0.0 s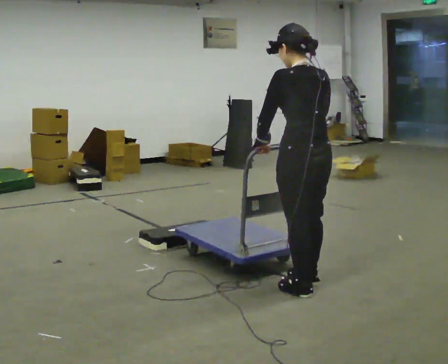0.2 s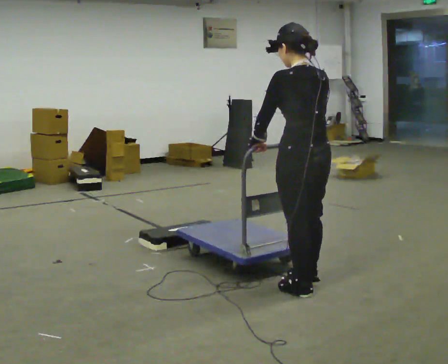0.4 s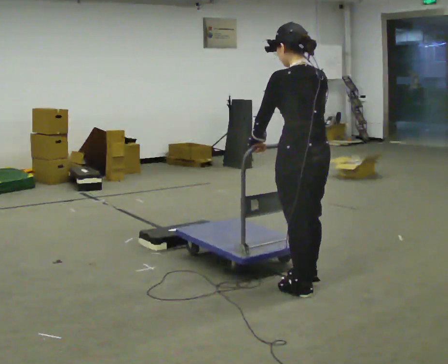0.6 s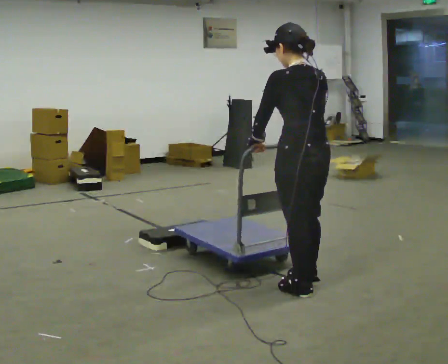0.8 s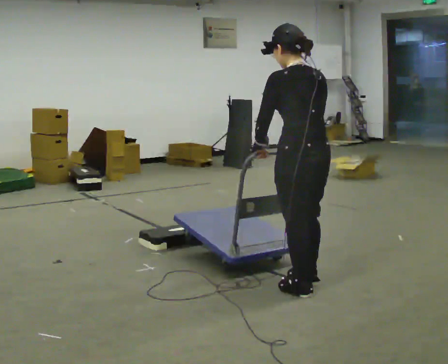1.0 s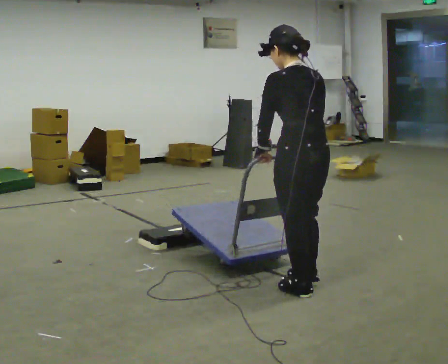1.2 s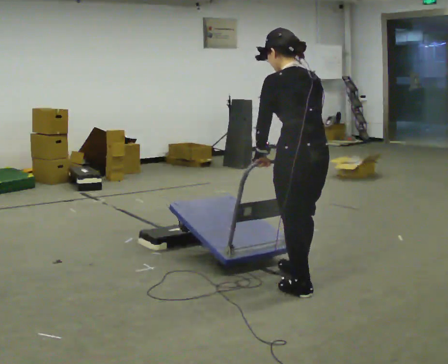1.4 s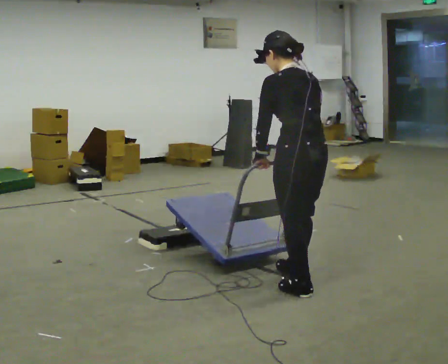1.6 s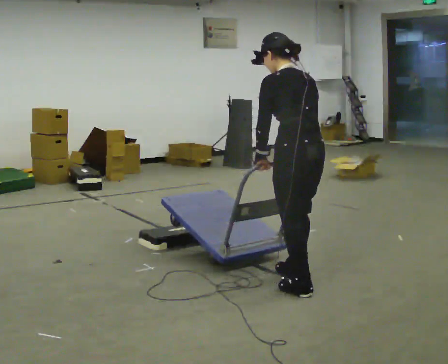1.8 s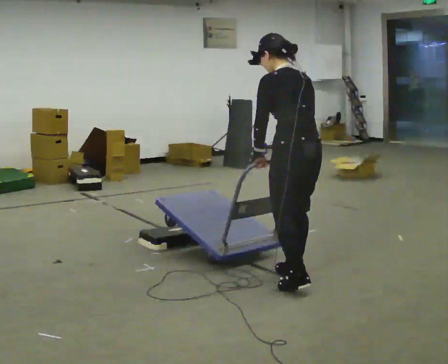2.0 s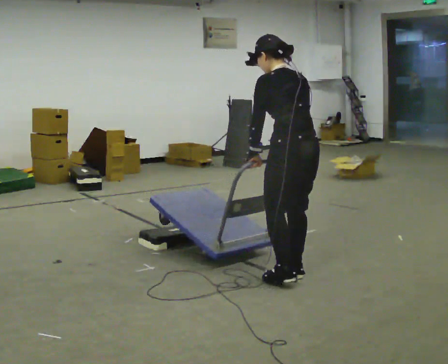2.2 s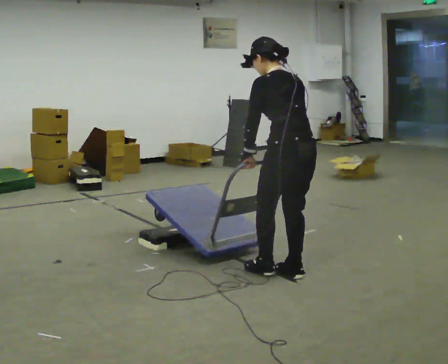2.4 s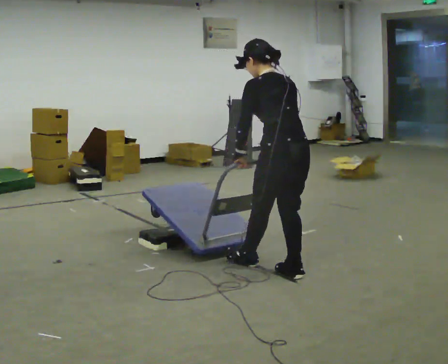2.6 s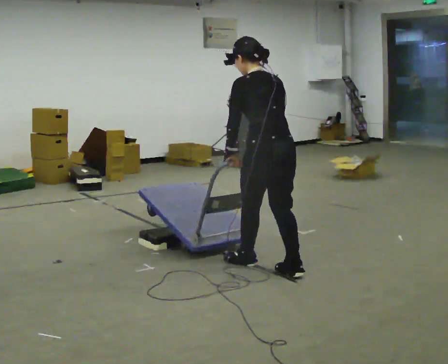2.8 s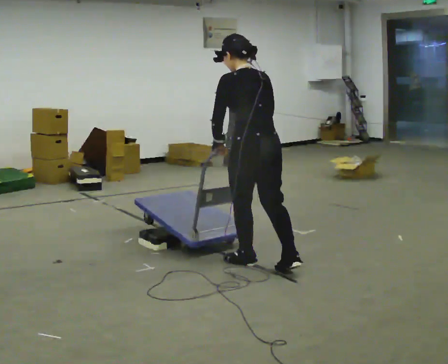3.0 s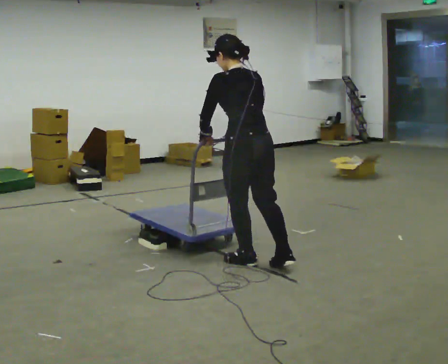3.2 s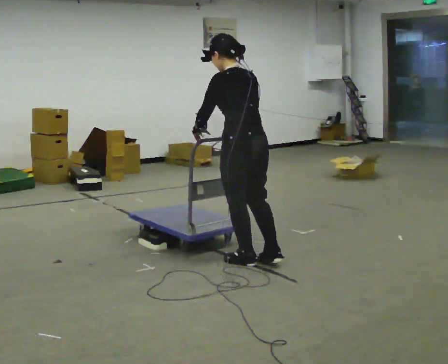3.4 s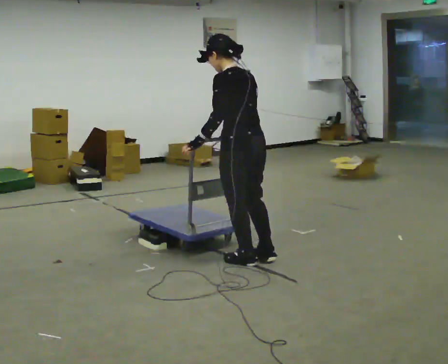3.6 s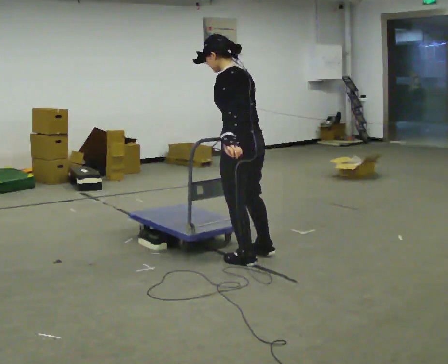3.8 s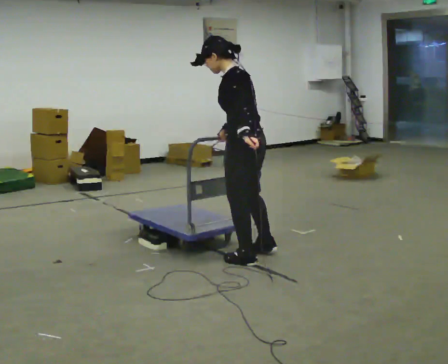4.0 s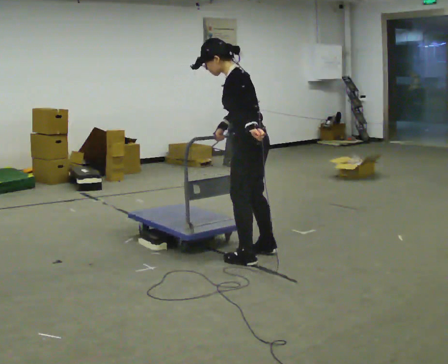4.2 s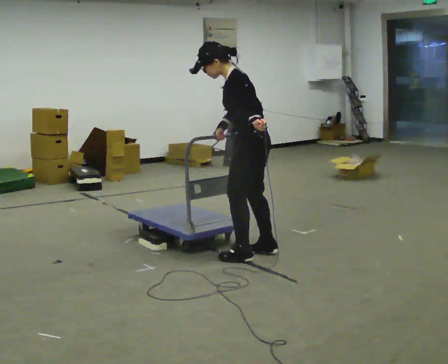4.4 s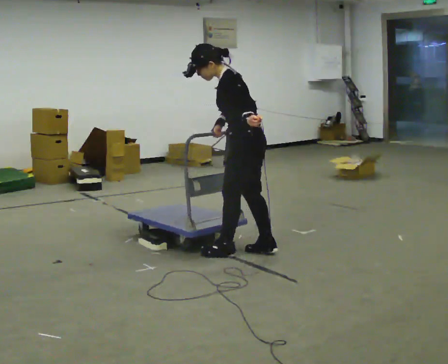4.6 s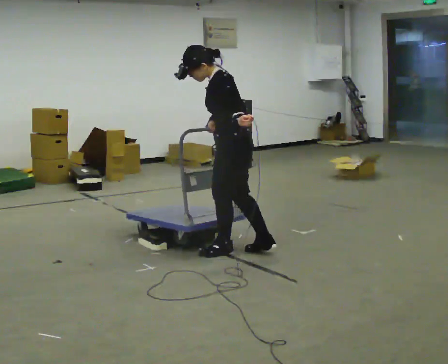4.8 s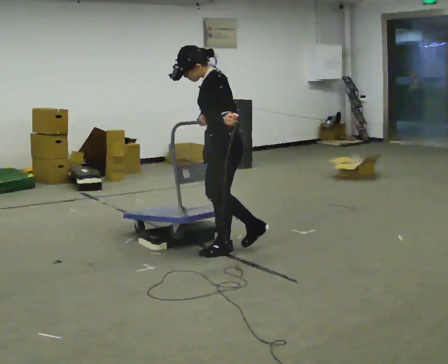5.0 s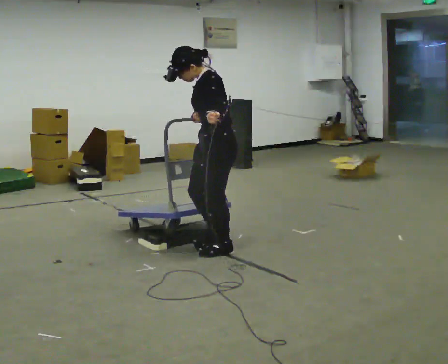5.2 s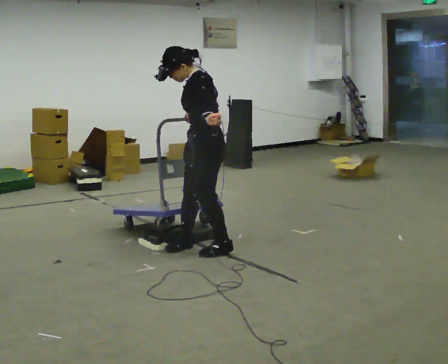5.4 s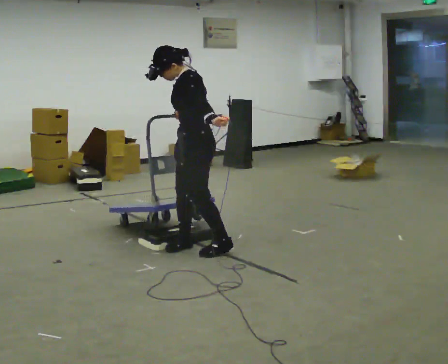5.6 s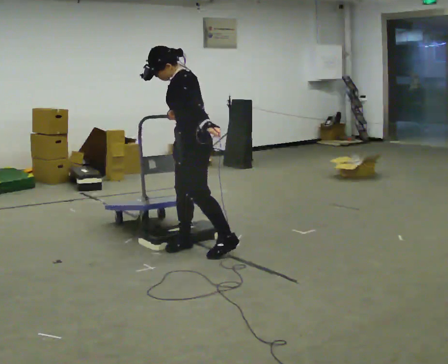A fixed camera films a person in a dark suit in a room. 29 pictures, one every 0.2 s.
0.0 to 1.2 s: The person moves a little, or ends about where they began.
1.2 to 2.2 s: In the picture they go away from the camera, about 0.25 m in 1 step, which for them is forward and to their right.
2.2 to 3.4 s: In the picture they go to the left and away from the camera, about 0.5 m in 1 step, which for them is forward.
3.4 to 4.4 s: The part of the body nearest the lens slides to the right as the person turns to their left by about 30 degrees. In the picture they go away from the camera, about 0.25 m in 1 step, which for them is to their right. In the picture their left hand goes to the right, the arm swinging counterclockwise.
4.4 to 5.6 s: In the picture they go to the left, about 0.5 m in 1 step, which for them is forward.
The film runs backward here.
